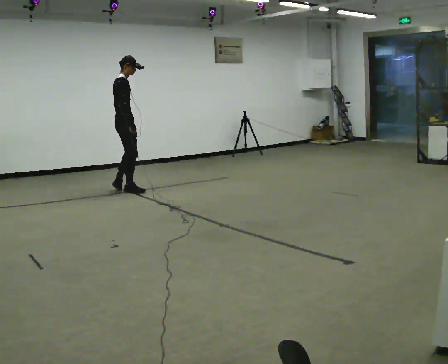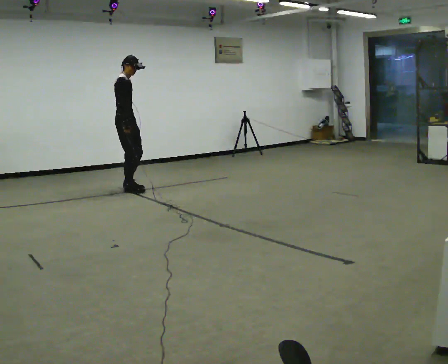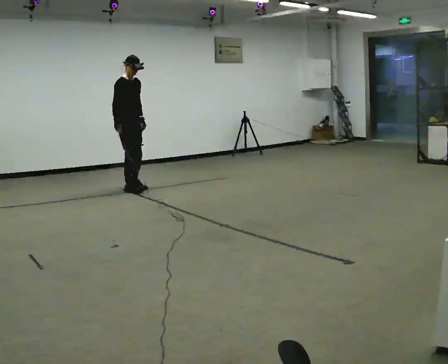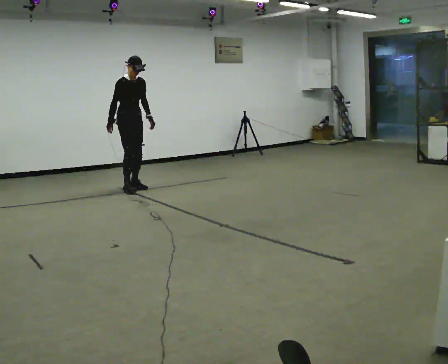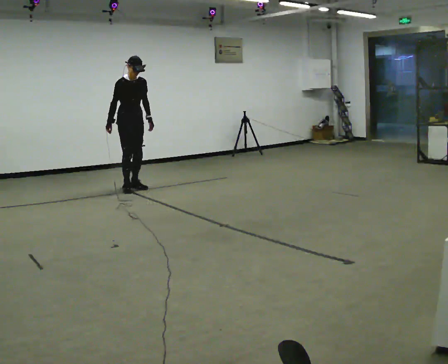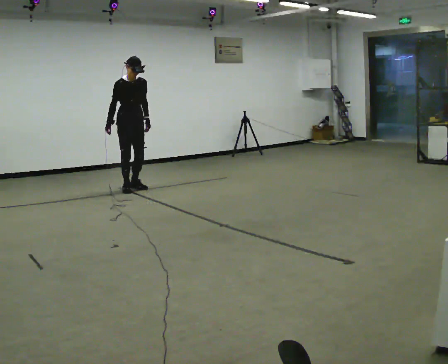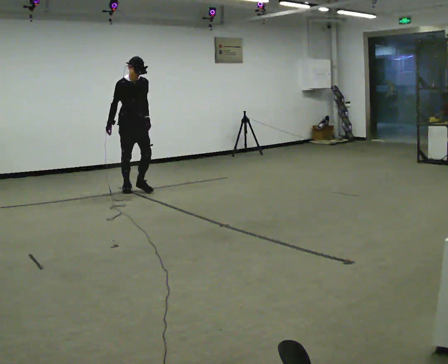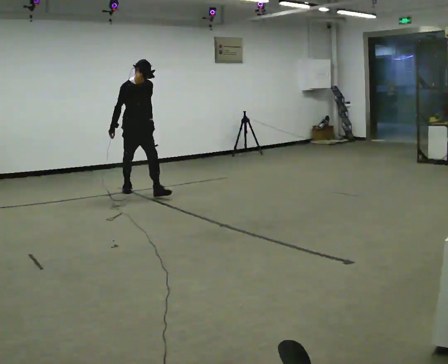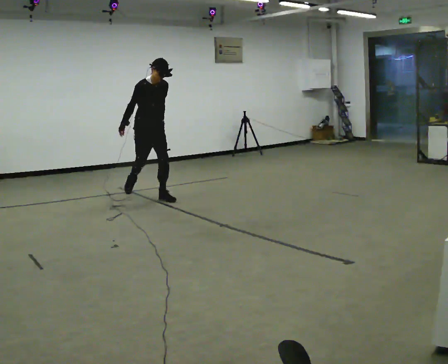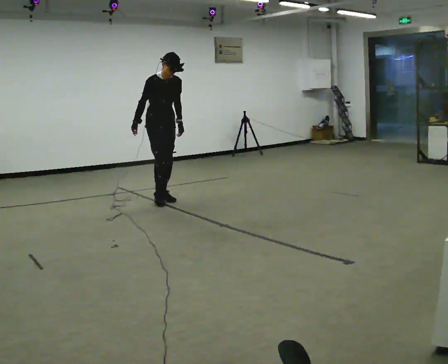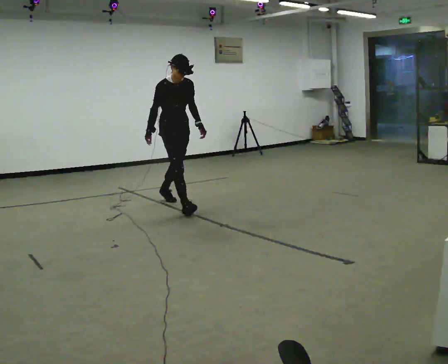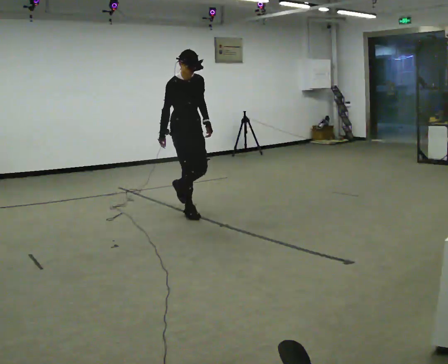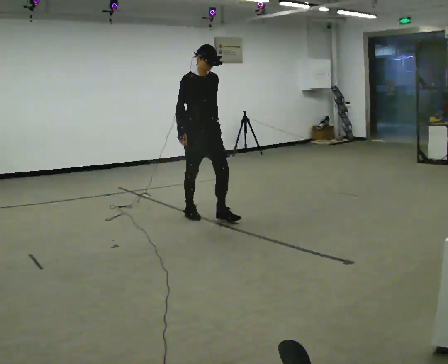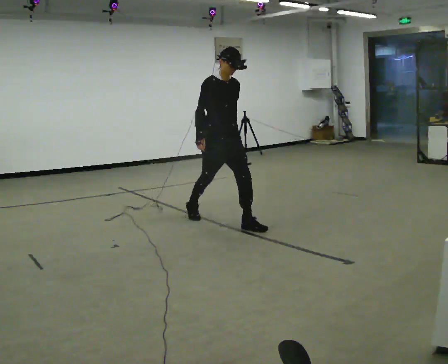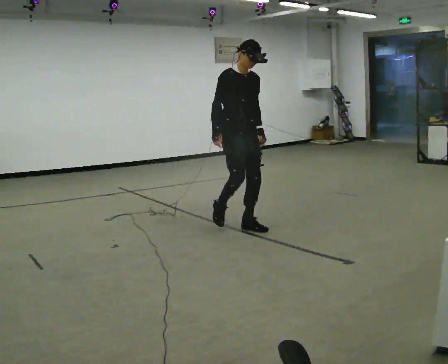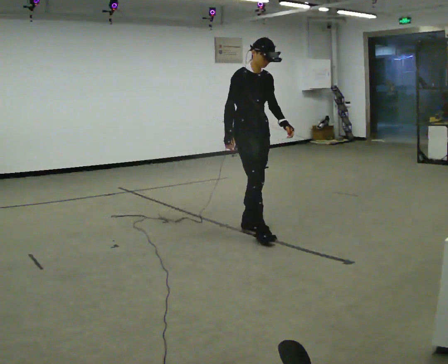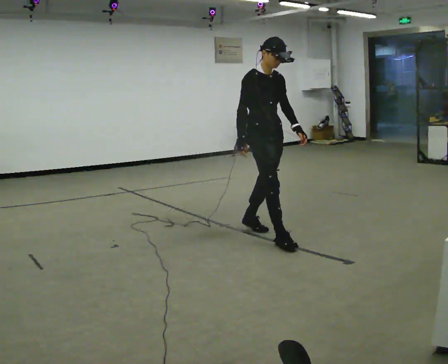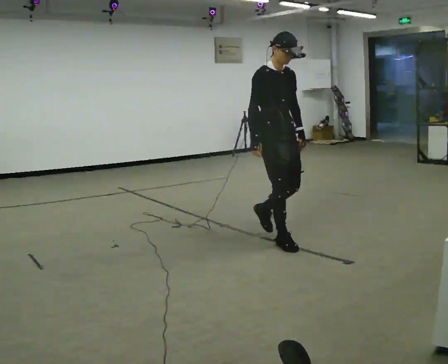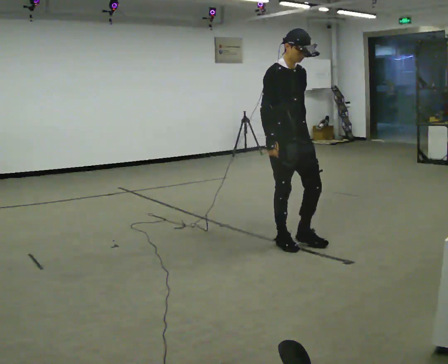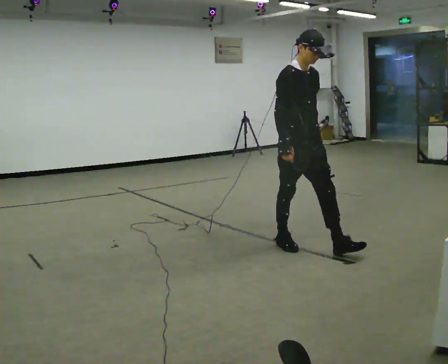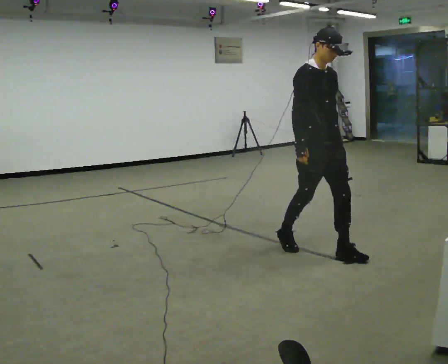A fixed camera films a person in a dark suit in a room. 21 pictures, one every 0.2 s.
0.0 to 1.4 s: The person turns about 75 degrees to their right, clockwise seen from above, so the part of the body nearest the lens slides to the left. In the picture they go to the right and toward the camera, about 0.25 m in 1 step. The upper body tips toward the camera, its near side rolling downward, as they bend forward.
1.4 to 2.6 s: In the picture they go toward the camera and to the right, about 1.5 m in 3 steps, which for them is forward.
2.6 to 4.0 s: In the picture they go toward the camera and to the right, about 1 m in 2 steps, which for them is forward.
The film runs forward here.
